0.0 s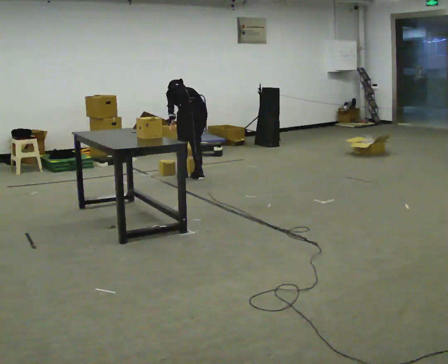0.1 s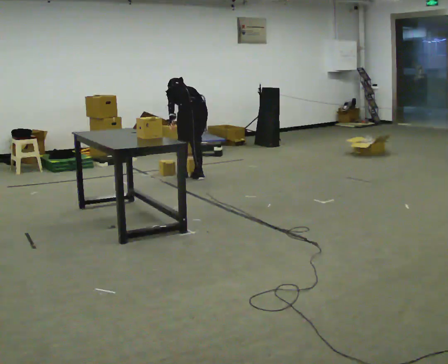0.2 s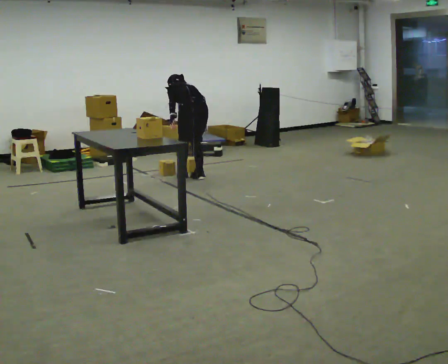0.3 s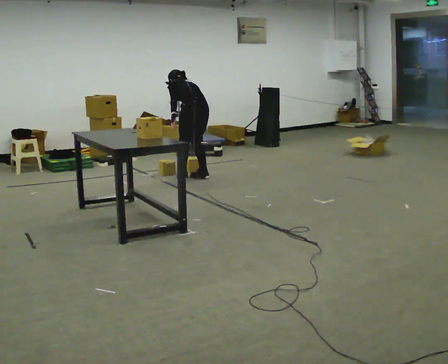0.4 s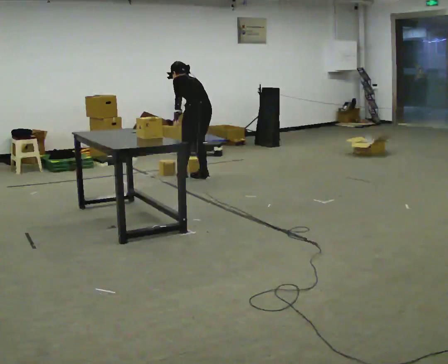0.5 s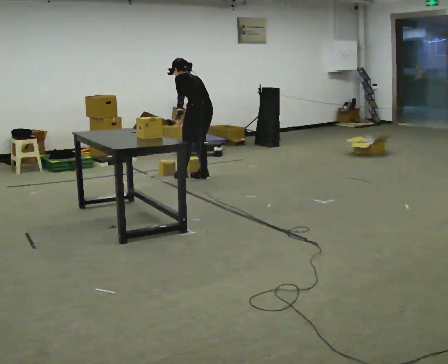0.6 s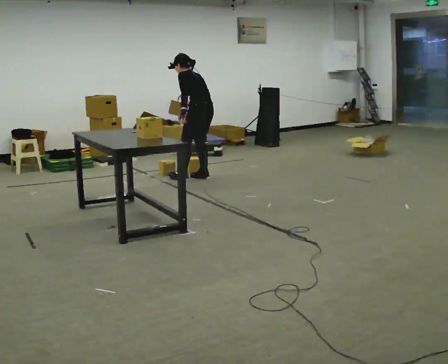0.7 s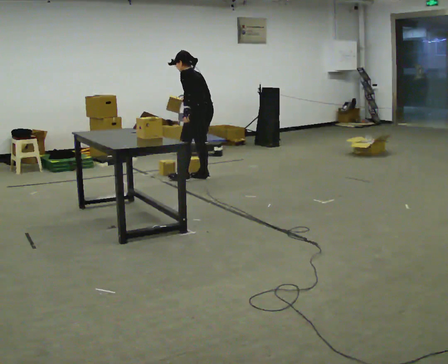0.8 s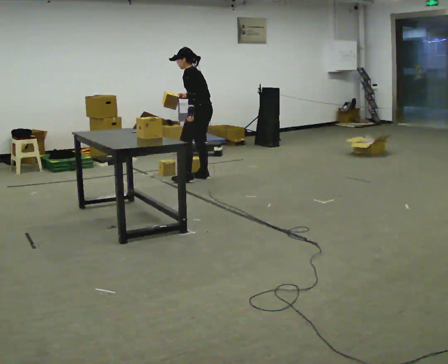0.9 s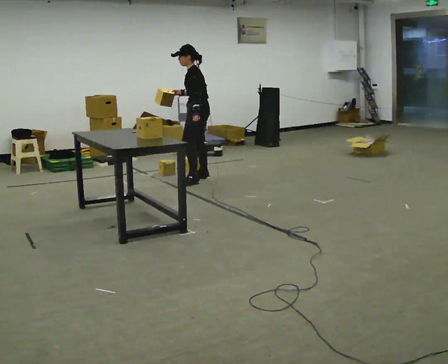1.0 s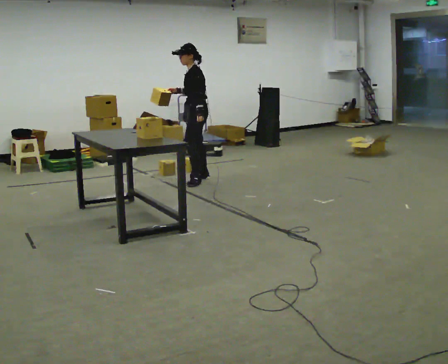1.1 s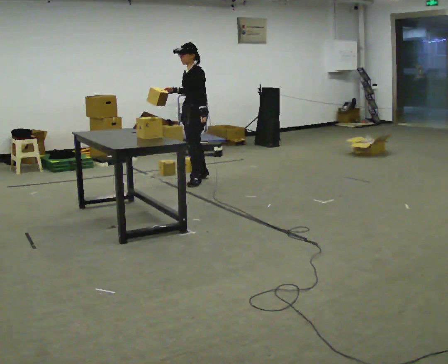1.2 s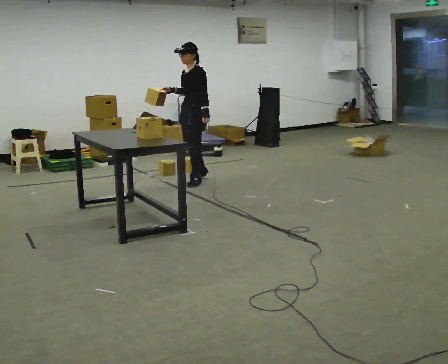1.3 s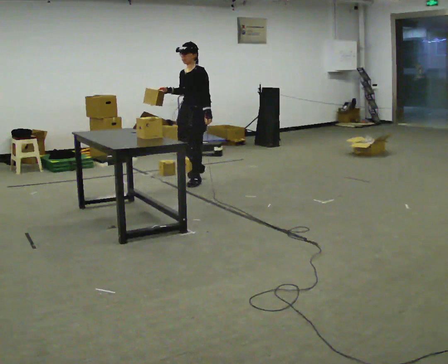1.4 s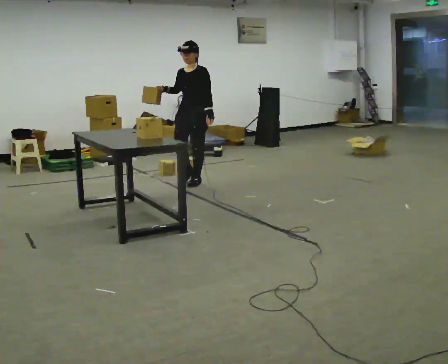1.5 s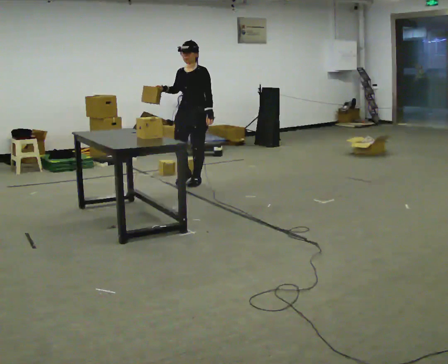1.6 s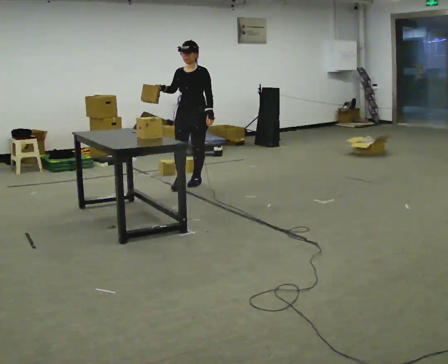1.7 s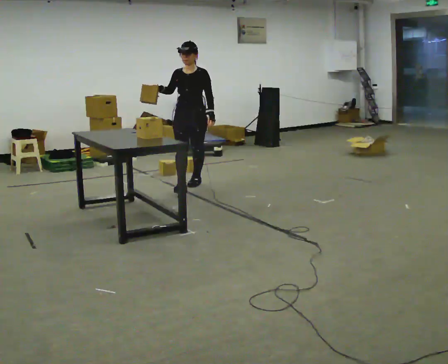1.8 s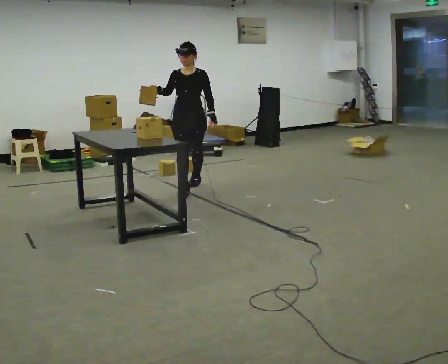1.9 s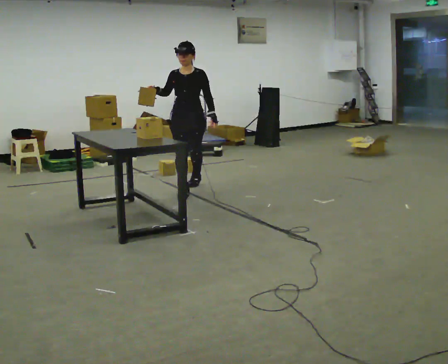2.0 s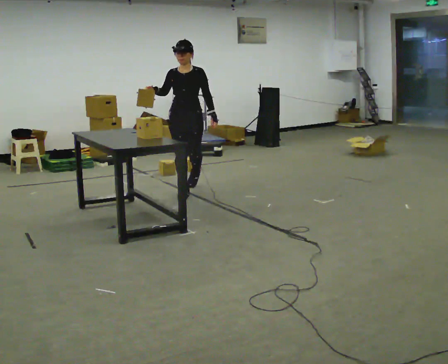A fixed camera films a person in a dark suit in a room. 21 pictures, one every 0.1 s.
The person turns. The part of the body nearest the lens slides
to the right.
The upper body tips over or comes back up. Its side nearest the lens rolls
downward.
0.0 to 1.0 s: Seen from above the body turns counterclockwise, about 75 degrees: to their left, with its near side sliding to the right. The upper body goes upward. The upper body tips toward the camera, its near side rolling downward, as they lean back or straighten. In the picture their right hand goes upward.
1.0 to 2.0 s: The part of the body nearest the lens slides to the right as the person turns to their left by about 90 degrees. In the picture they go toward the camera, about 0.5 m in 1 step.
The film runs forward here.
